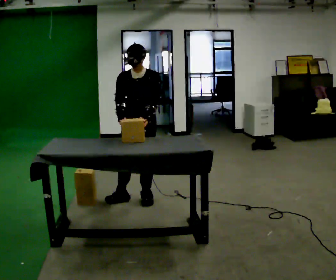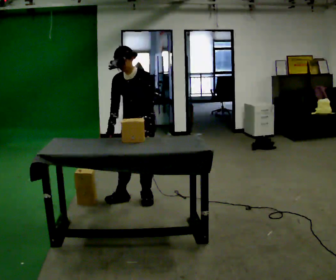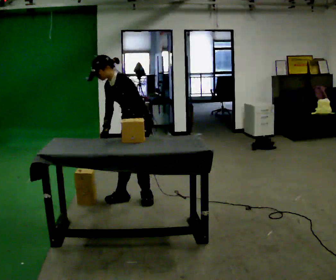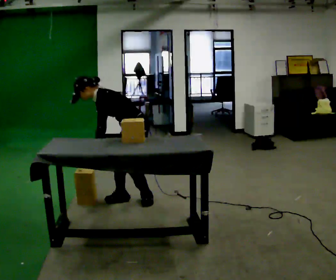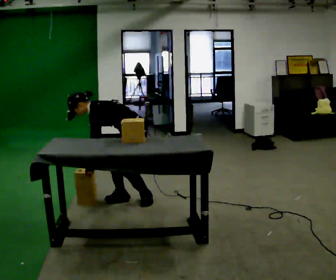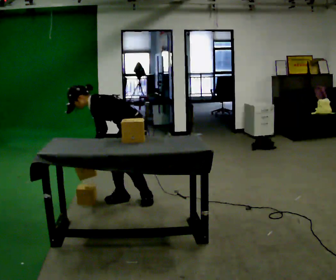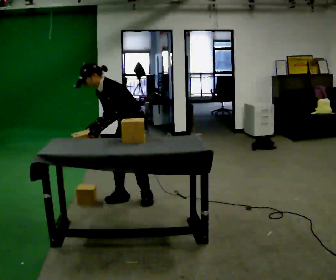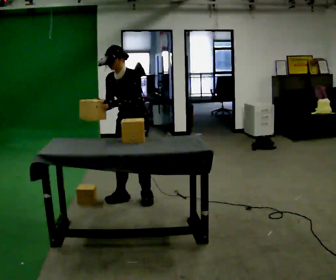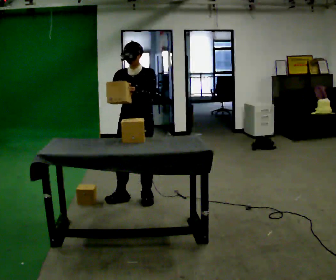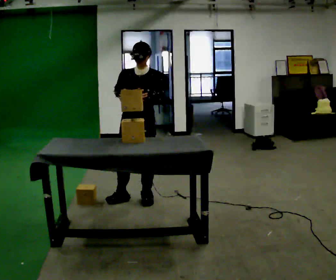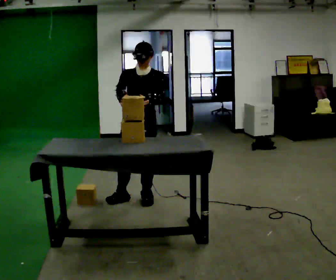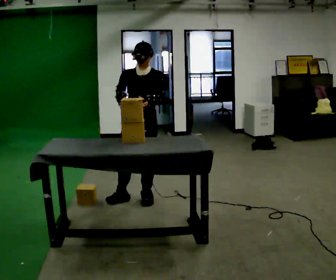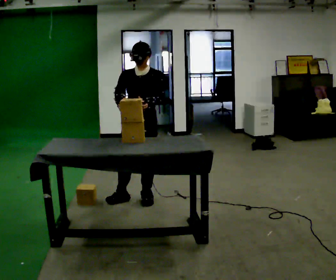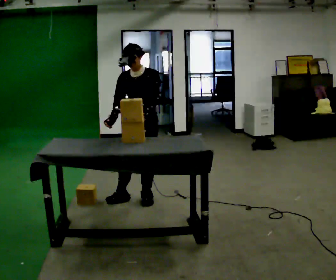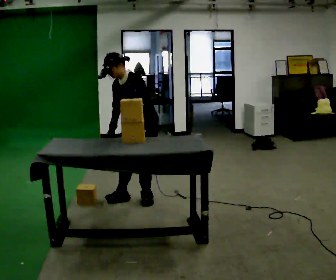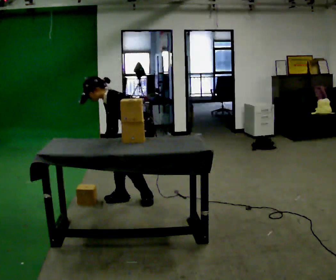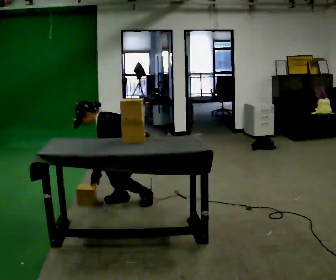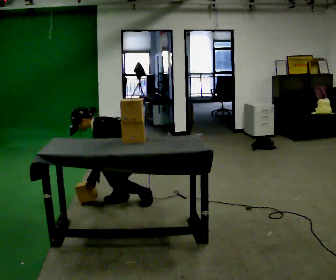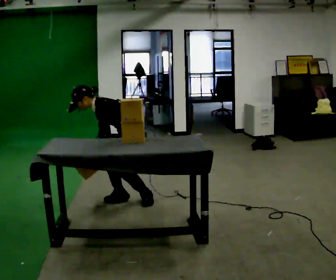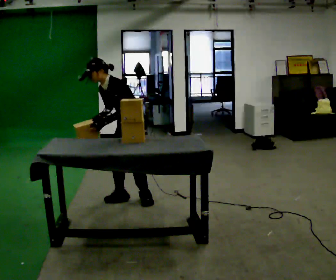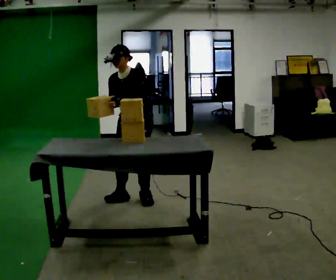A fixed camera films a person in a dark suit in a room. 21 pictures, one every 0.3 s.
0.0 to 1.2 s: The part of the body nearest the lens slides to the left as the person turns to their right by about 60 degrees. The shoulders move downward. In the picture the upper body tilts counterclockwise, shoulders to the left, as they bend forward. In the picture their right hand goes downward.
1.2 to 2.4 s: Seen from above the body turns counterclockwise, about 60 degrees: to their left, with its near side sliding to the right. The shoulders move upward. In the picture the upper body tilts clockwise, shoulders to the right, as they lean back or straighten. In the picture their right hand goes upward.
2.4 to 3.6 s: The person moves a little, or ends about where they began.
3.6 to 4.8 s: The part of the body nearest the lens slides to the left as the person turns to their right by about 60 degrees. The shoulders move downward. In the picture the upper body tilts counterclockwise, shoulders to the left, as they bend forward. In the picture their right hand goes downward.
4.8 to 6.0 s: The person turns about 45 degrees to their left, counterclockwise seen from above, so the part of the body nearest the lens slides to the right. The shoulders move upward. In the picture the upper body tilts clockwise, shoulders to the right, as they lean back or straighten. In the picture their right hand goes upward.
The film runs forward here.
